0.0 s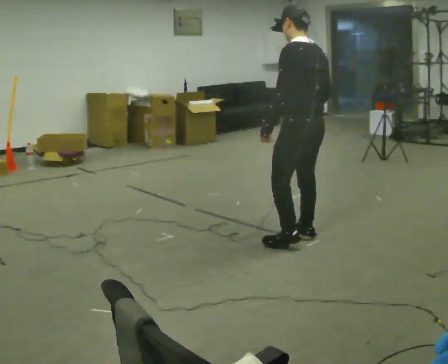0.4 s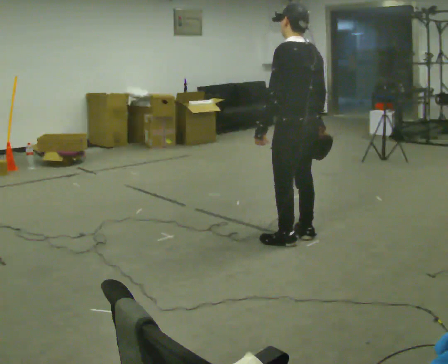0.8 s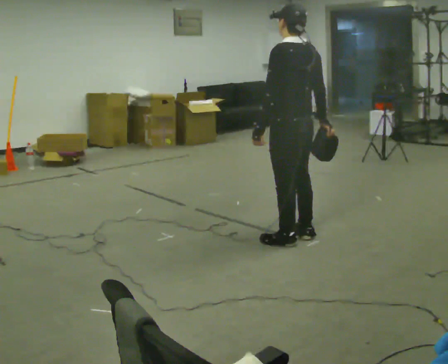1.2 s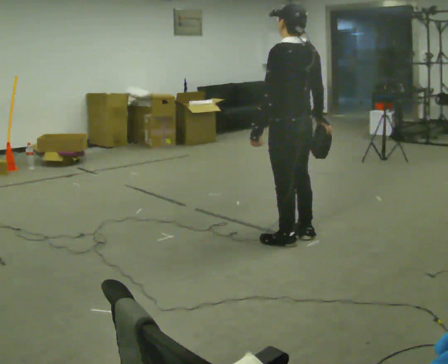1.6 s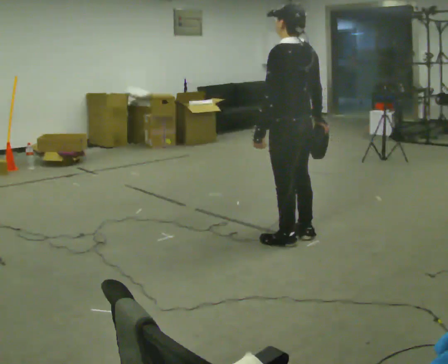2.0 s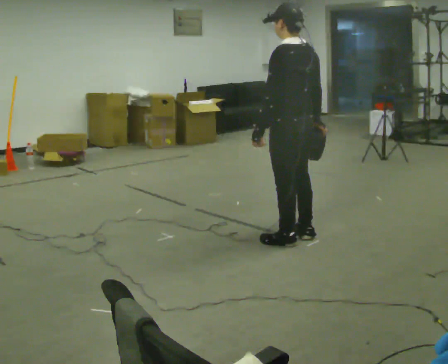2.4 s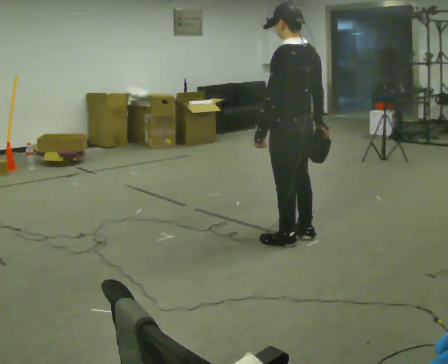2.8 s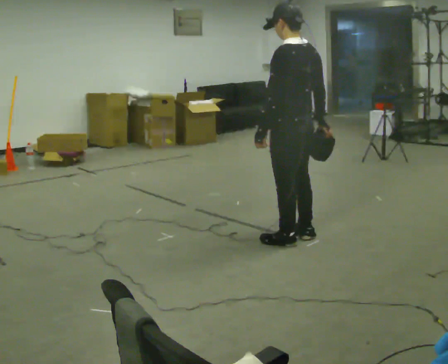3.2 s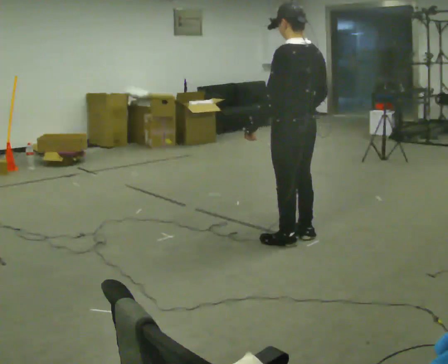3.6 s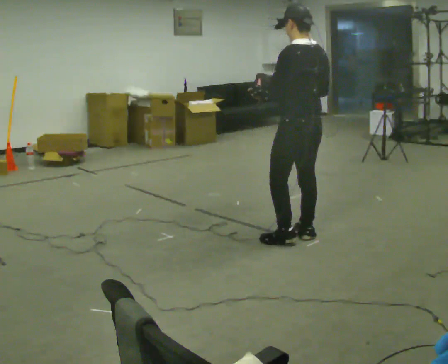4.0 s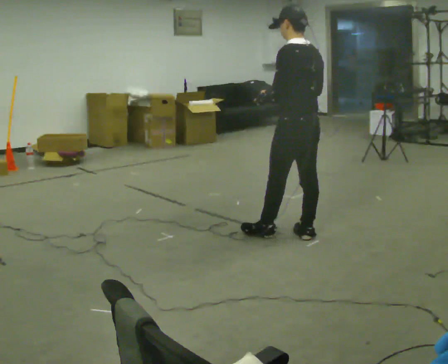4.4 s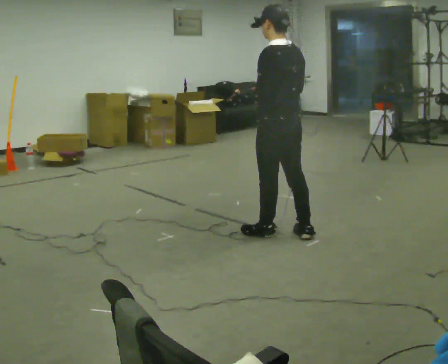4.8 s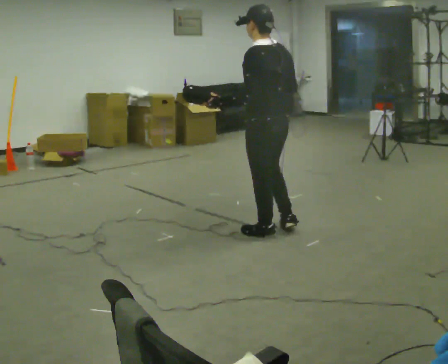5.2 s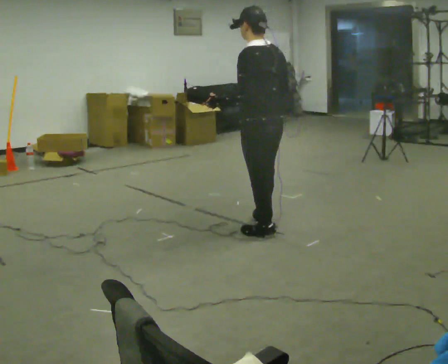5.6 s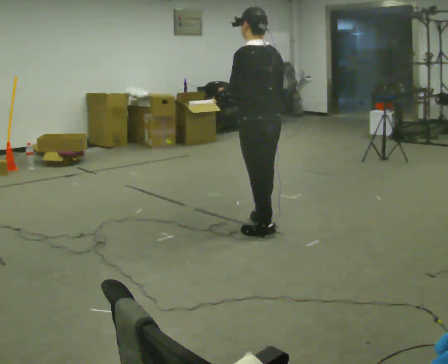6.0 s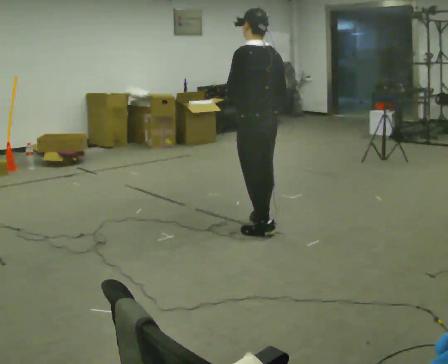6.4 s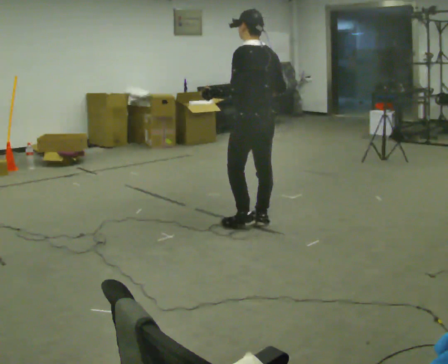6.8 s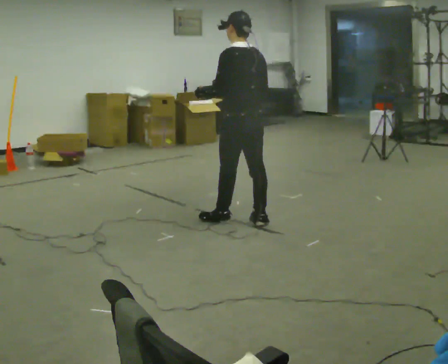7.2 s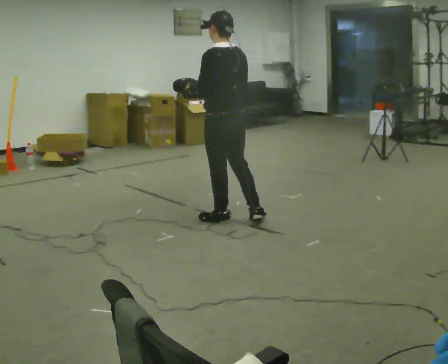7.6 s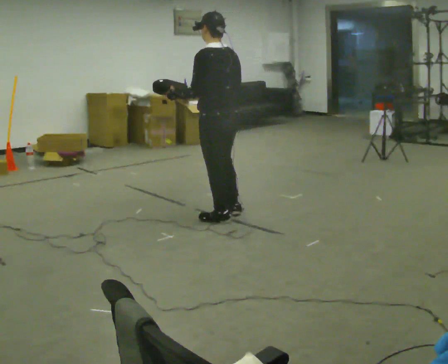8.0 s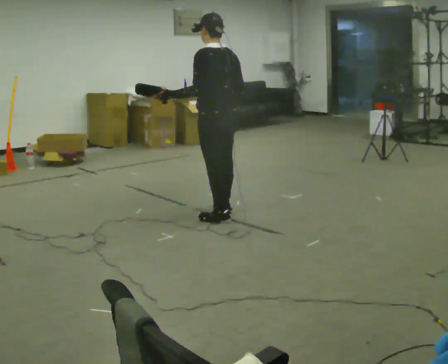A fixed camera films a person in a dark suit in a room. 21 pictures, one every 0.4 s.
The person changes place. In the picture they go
to the left.
0.0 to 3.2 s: The person moves a little, or ends about where they began.
3.2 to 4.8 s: In the picture they go to the left, about 0.25 m in 1 step, which for them is forward.
4.8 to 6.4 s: In the picture they go away from the camera and to the left, about 0.25 m in 1 step, which for them is forward and to their right.
6.4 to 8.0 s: In the picture they go to the left, about 0.25 m in 2 steps, which for them is forward.
The film runs forward here.
